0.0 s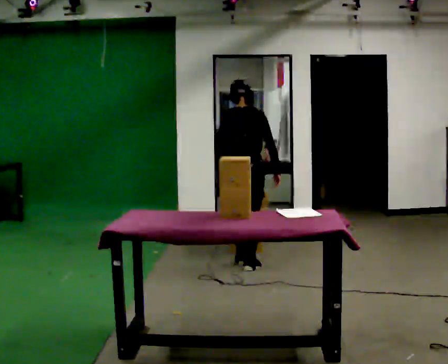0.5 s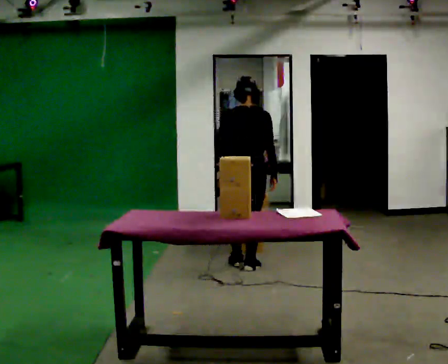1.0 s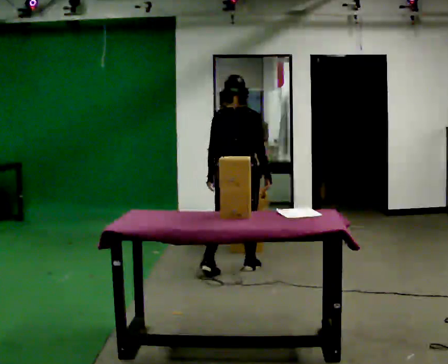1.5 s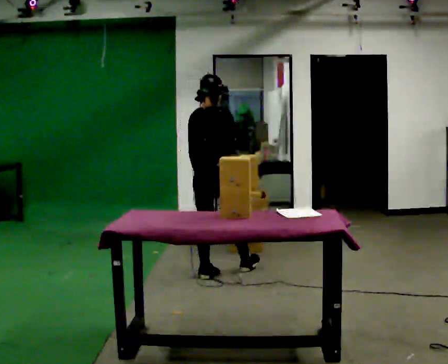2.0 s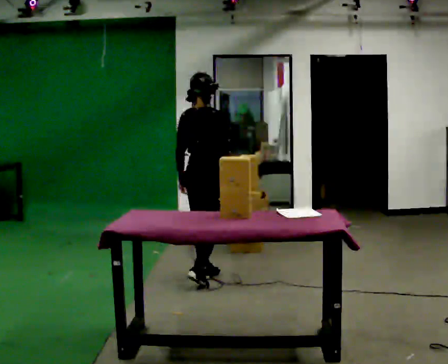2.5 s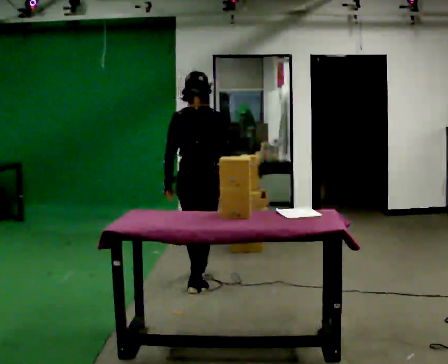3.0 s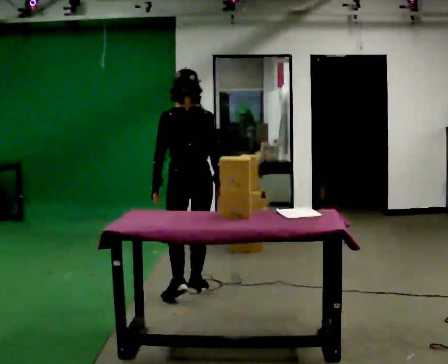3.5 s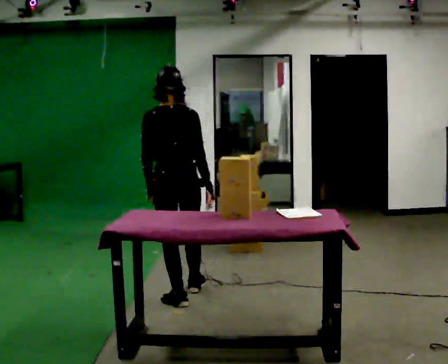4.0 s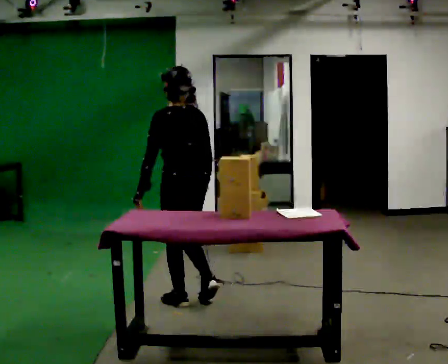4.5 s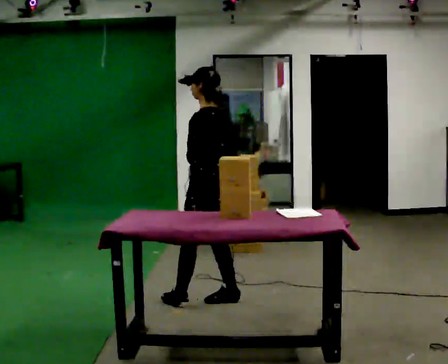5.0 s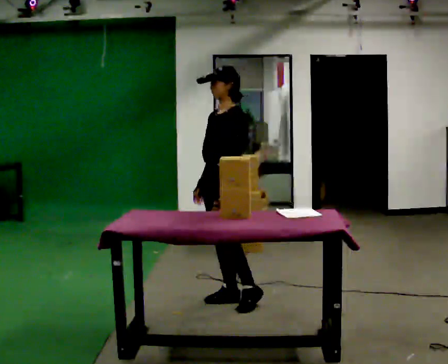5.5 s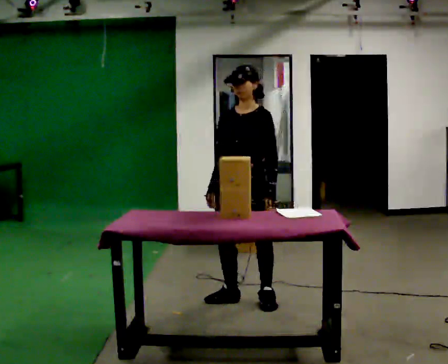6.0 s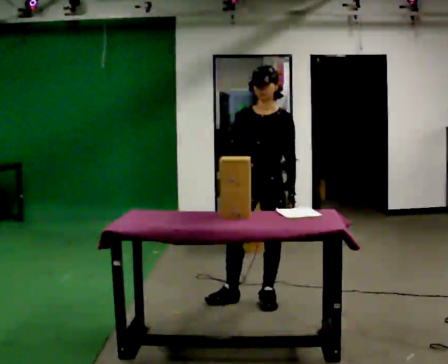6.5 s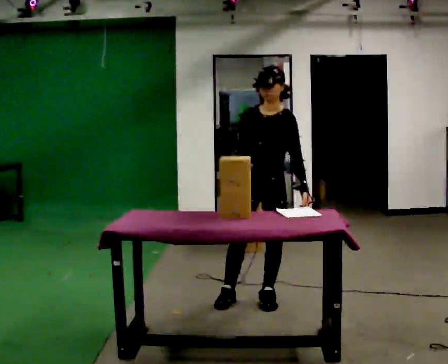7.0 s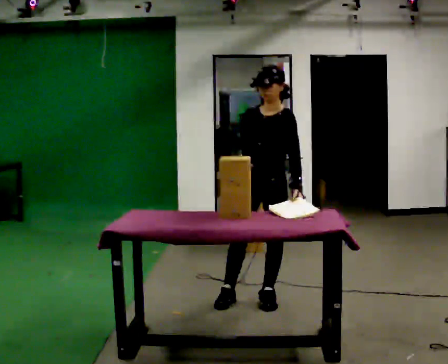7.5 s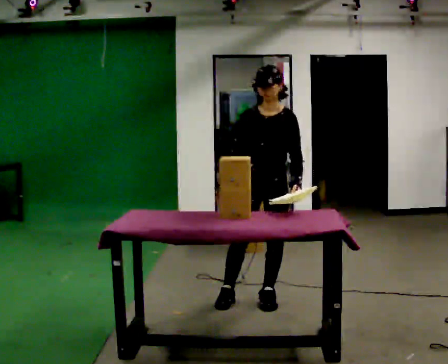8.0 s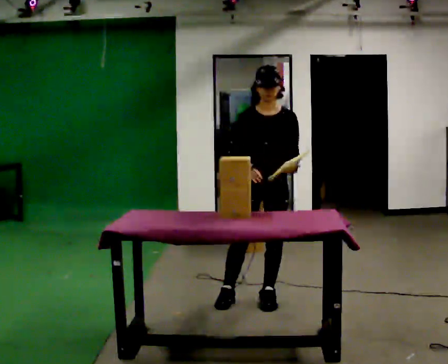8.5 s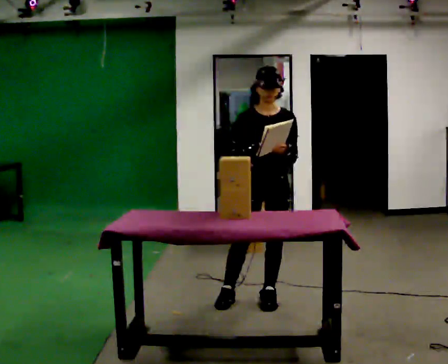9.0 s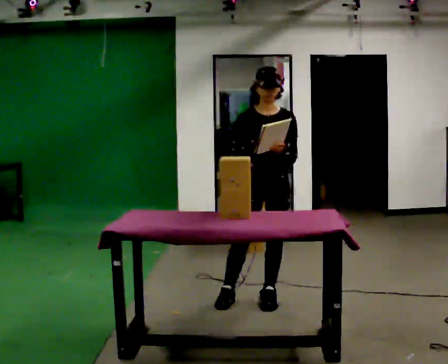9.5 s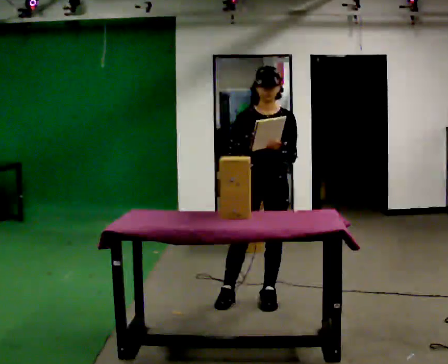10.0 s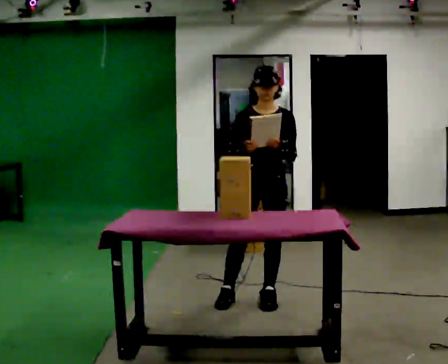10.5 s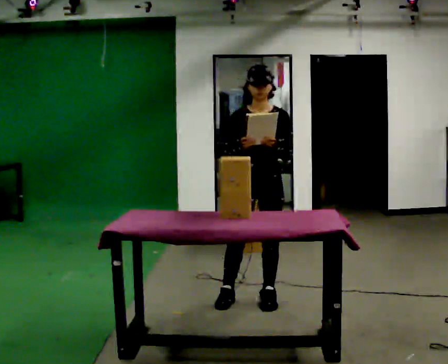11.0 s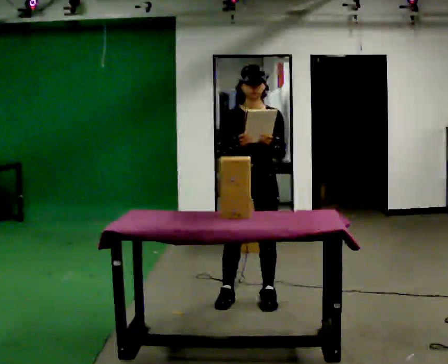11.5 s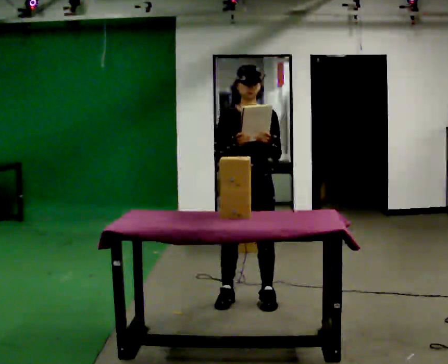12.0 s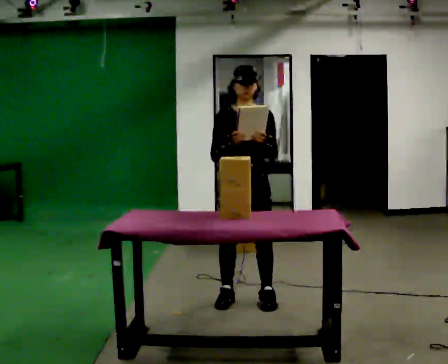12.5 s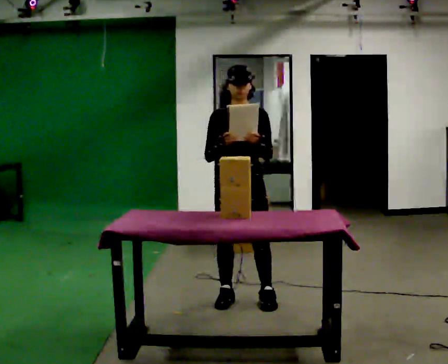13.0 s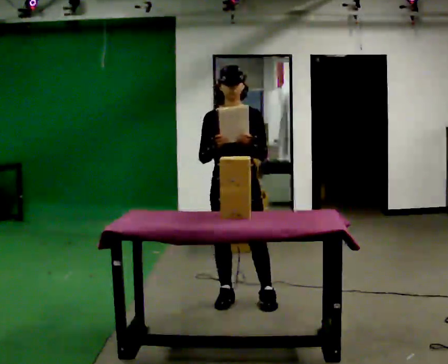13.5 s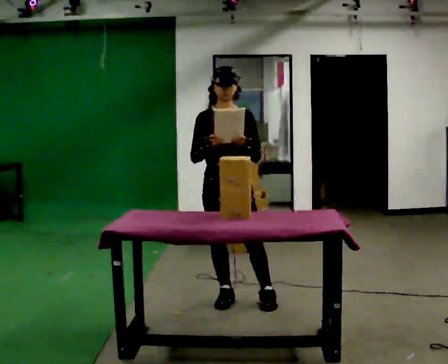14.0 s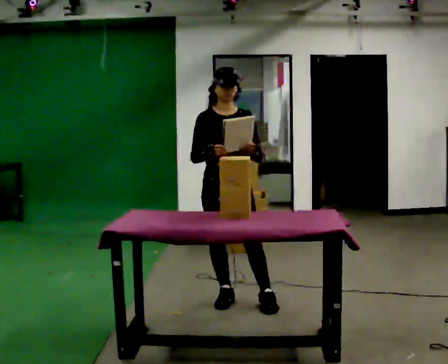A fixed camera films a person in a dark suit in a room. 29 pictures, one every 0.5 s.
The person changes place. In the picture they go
toward the camera.
0.0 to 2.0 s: Seen from above the body turns clockwise, about 30 degrees: to their right, with its near side sliding to the left. In the picture they go toward the camera and to the left, about 0.5 m in 2 steps, which for them is backward and to their left.
2.0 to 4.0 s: The part of the body nearest the lens slides to the right as the person turns to their left by about 60 degrees. In the picture they go toward the camera, about 0.75 m in 2 steps.
4.0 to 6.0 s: Seen from above the body turns counterclockwise, about 135 degrees: to their left, with its near side sliding to the right. In the picture they go to the right, about 0.5 m in 1 step.
6.0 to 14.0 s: The part of the body nearest the lens slides to the right as the person turns to their left by about 30 degrees. In the picture they go to the left, about 0.25 m, which for them is to their right.
The film runs backward here.
